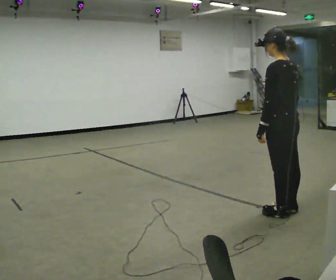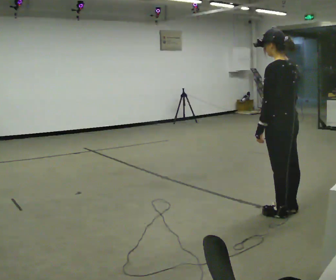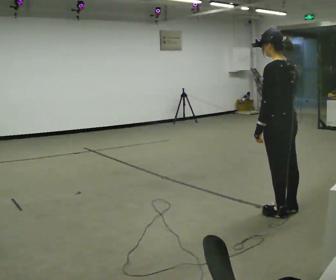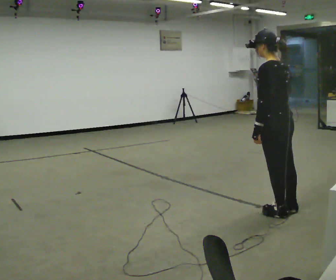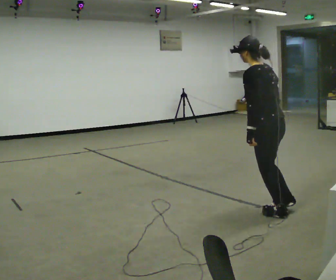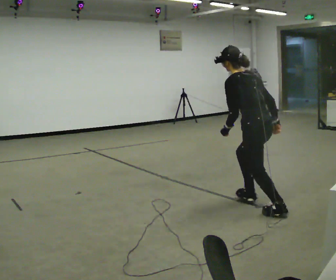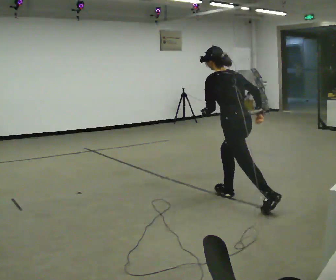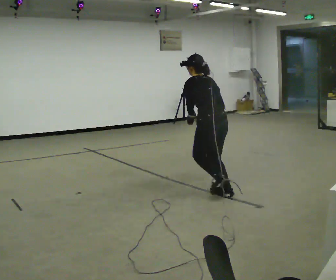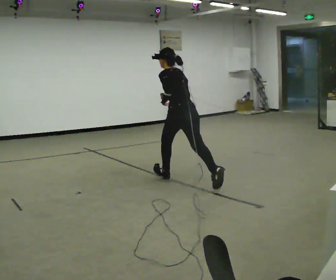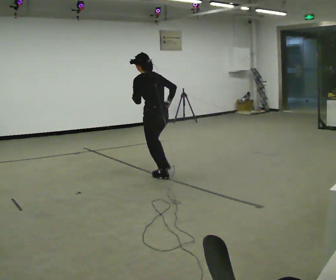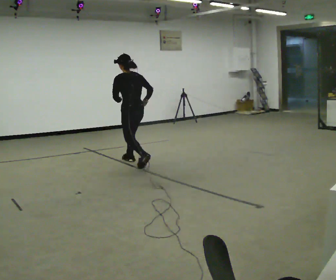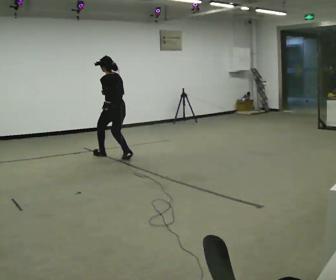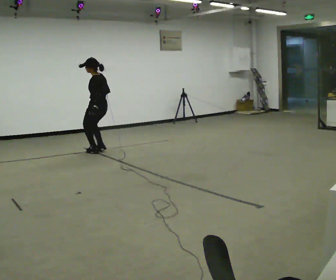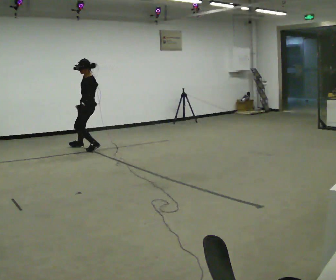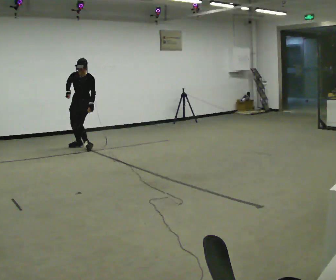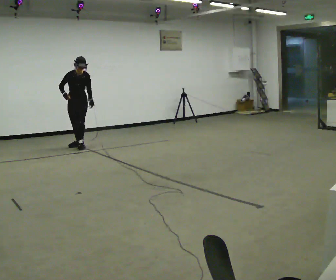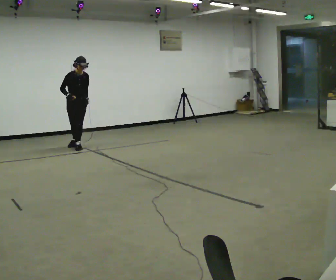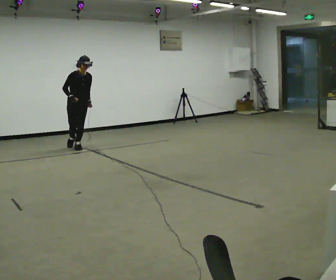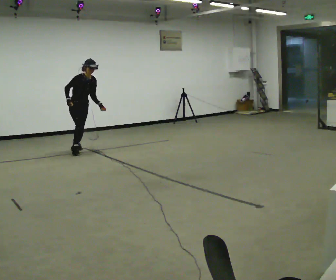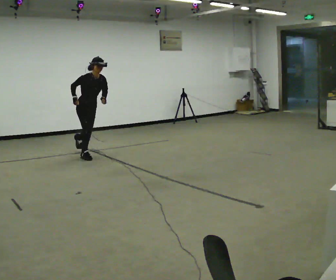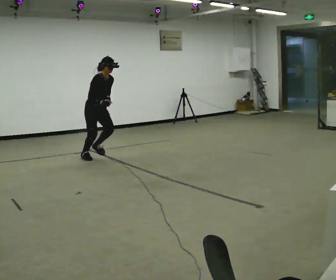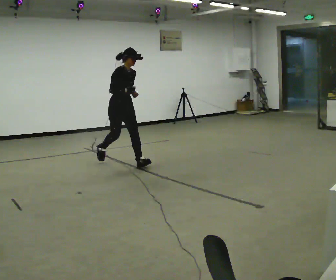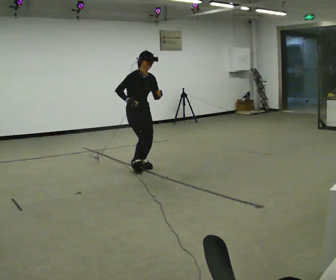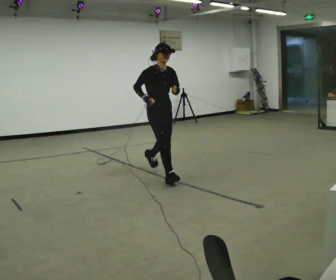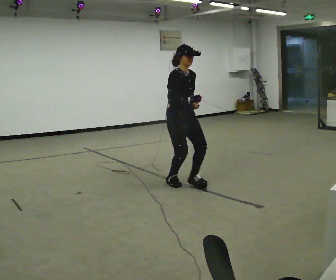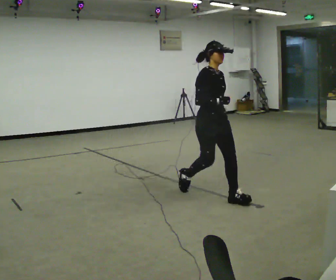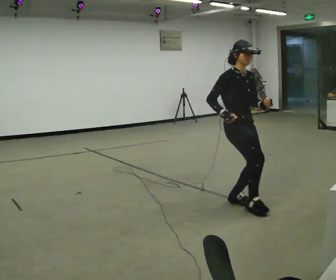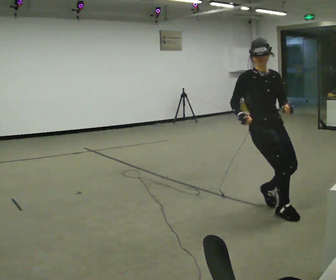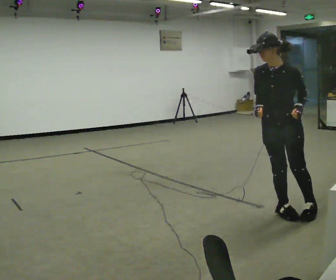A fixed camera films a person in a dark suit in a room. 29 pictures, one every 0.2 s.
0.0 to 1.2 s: In the picture they go away from the camera and to the left, about 0.5 m, which for them is forward. The upper body tips away from the camera, its near side rolling upward, as they bend forward.
1.2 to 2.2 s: In the picture they go away from the camera and to the left, about 2.5 m in 2 steps, which for them is forward.
2.2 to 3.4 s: The person turns about 165 degrees to their left, counterclockwise seen from above, so the part of the body nearest the lens slides to the right. In the picture they go away from the camera and to the left, about 1 m in 3 steps. In the picture the upper body tilts clockwise, shoulders to the right.
3.4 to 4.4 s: In the picture they go toward the camera and to the right, about 1.5 m in 2 steps, which for them is forward.
4.4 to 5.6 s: Seen from above the body turns clockwise, about 75 degrees: to their right, with its near side sliding to the left. In the picture they go toward the camera and to the right, about 2 m in 3 steps. In the picture the upper body tilts counterclockwise, shoulders to the left.
The film runs forward here.
